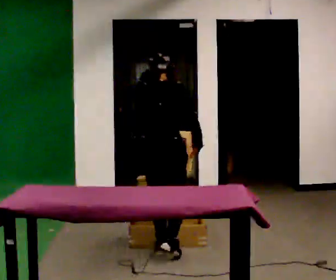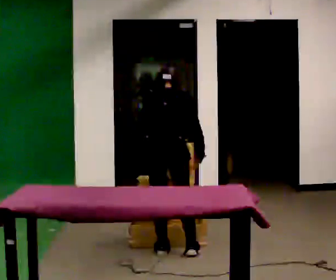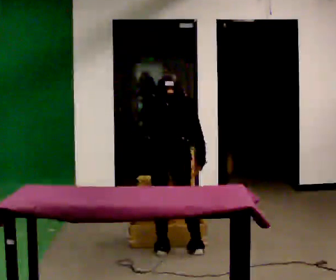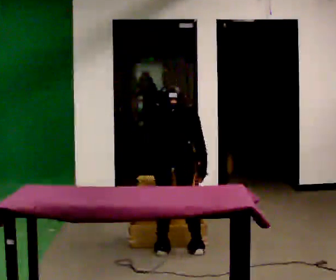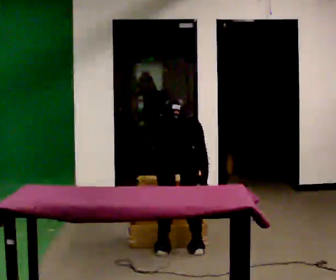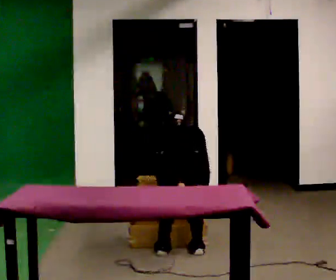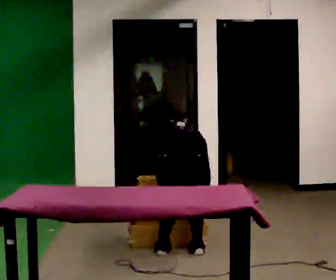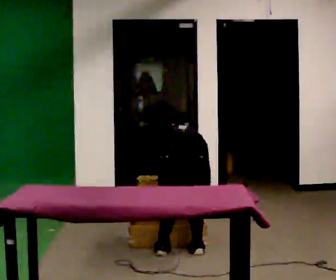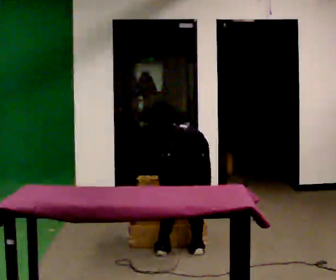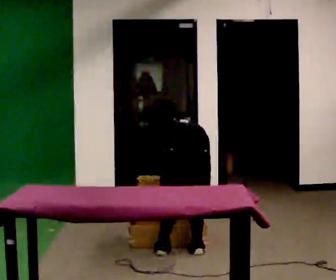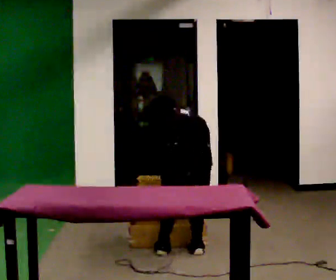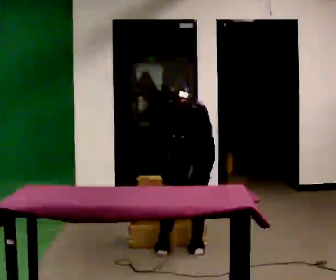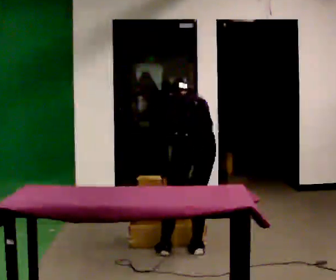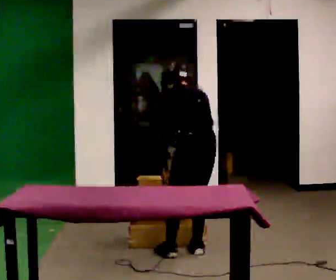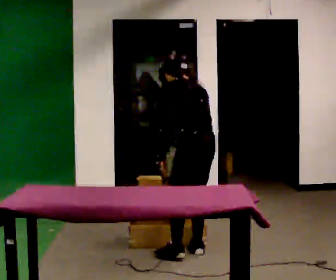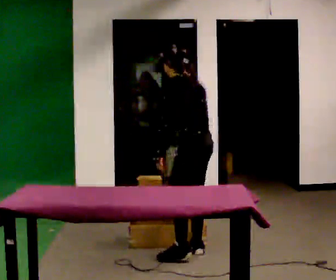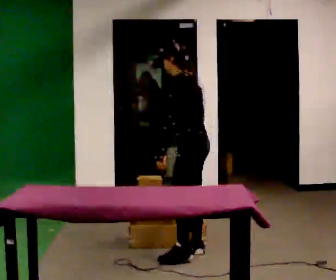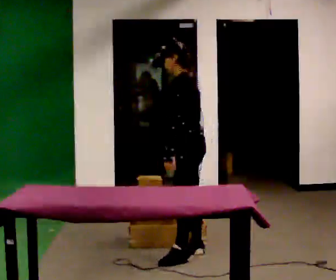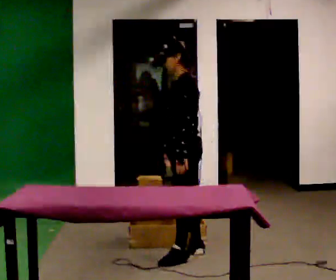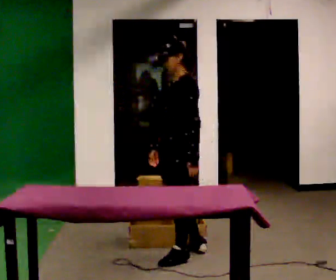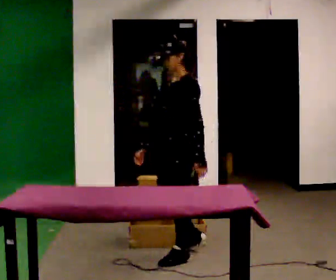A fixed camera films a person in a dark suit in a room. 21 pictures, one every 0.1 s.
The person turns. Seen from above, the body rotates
counterclockwise.
Their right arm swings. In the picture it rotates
clockwise.
0.0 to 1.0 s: The person turns about 30 degrees to their left, counterclockwise seen from above, so the part of the body nearest the lens slides to the right. In the picture they go to the right, about 0.25 m in 1 step, which for them is to their right. In the picture their left hand goes downward.
1.0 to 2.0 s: The person turns about 105 degrees to their left, counterclockwise seen from above, so the part of the body nearest the lens slides to the right. The upper body goes upward. The upper body tips toward the camera, its near side rolling downward, as they lean back or straighten. In the picture their right hand goes to the left and upward, the arm swinging clockwise.
The film runs forward here.
